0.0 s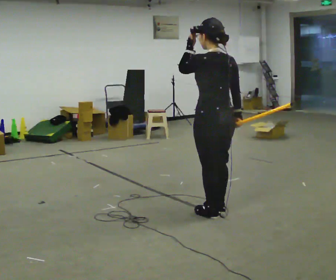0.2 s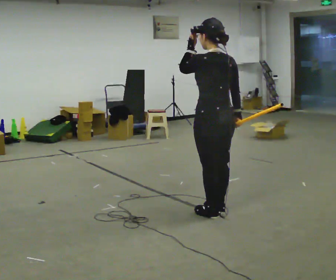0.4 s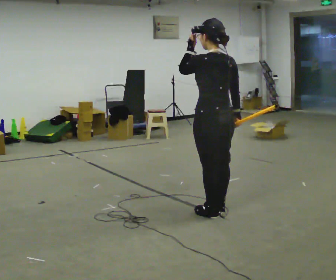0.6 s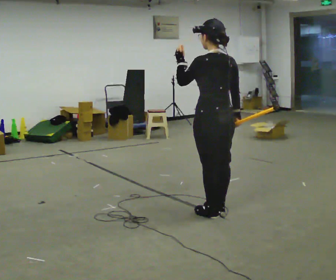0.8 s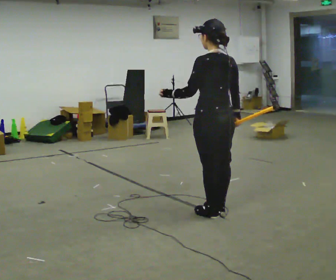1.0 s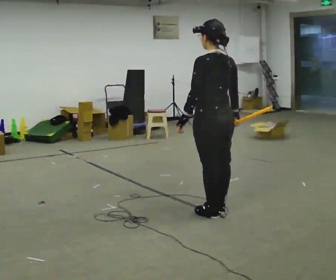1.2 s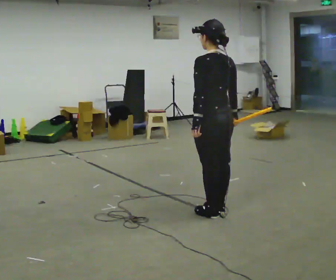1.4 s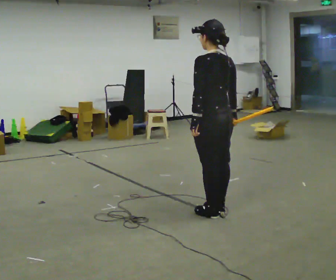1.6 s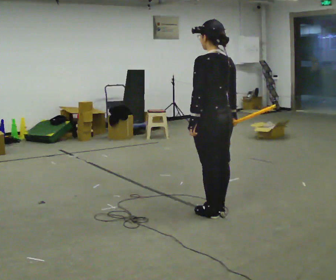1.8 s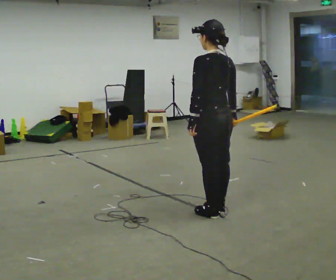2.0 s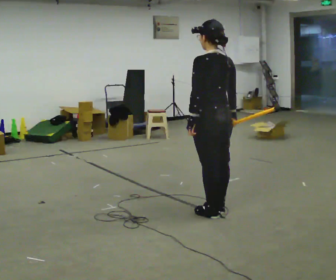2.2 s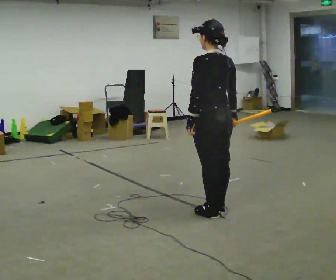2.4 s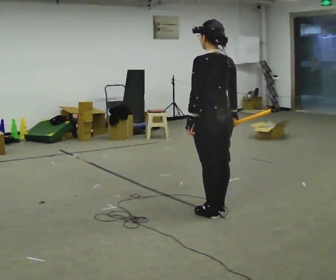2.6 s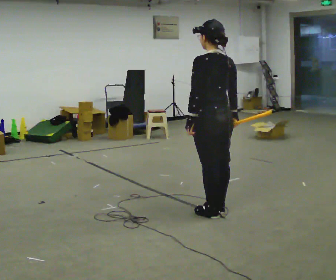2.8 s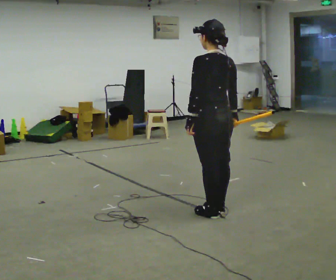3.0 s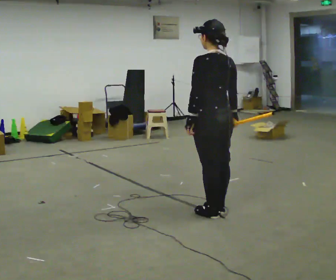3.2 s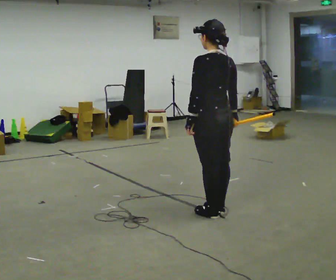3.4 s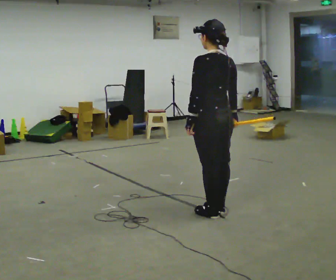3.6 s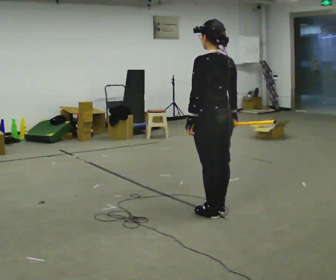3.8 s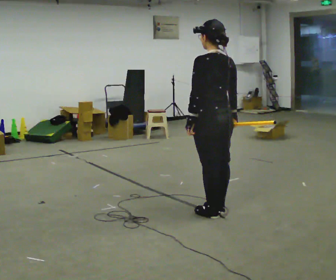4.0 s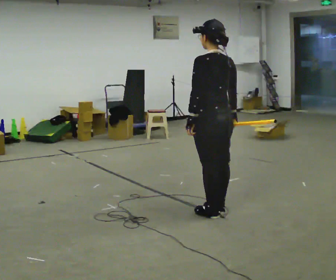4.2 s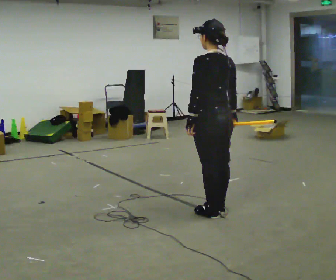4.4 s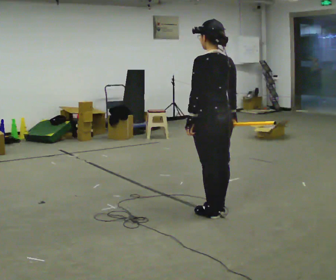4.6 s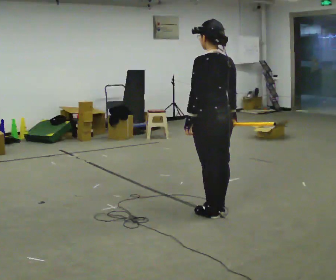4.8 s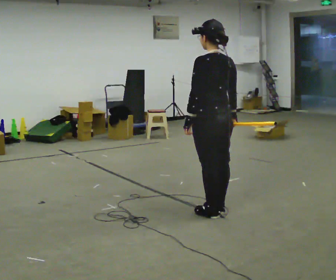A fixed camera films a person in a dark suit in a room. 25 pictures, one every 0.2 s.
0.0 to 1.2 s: In the picture their left hand goes downward.
1.2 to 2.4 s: The person moves a little, or ends about where they began.
2.4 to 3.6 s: The person keeps their place and pose.
3.6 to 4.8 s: The person moves a little, or ends about where they began.
The film runs forward here.
